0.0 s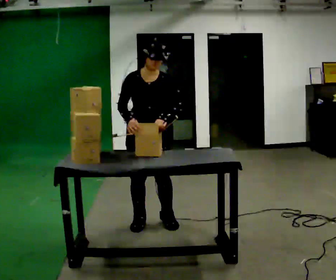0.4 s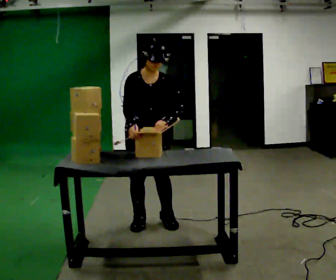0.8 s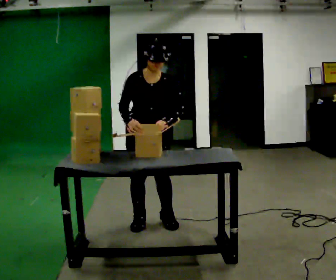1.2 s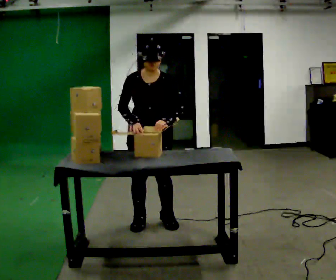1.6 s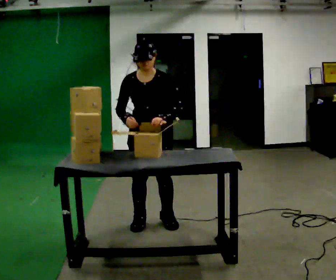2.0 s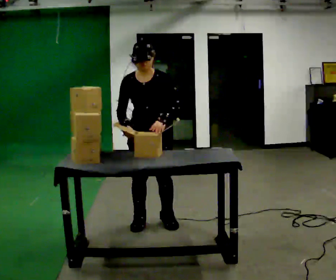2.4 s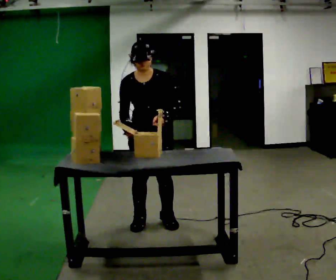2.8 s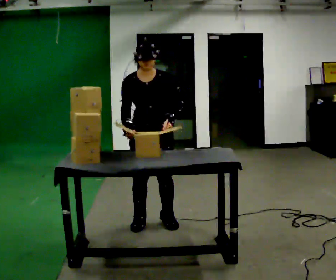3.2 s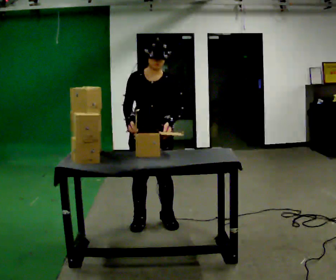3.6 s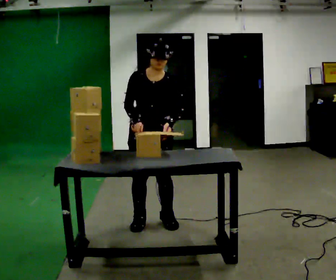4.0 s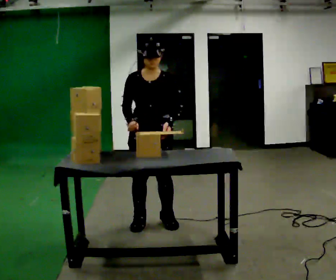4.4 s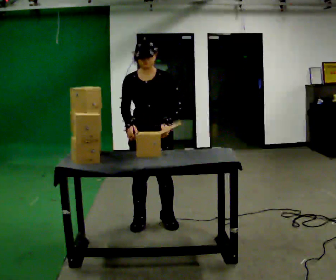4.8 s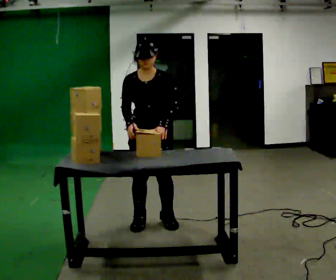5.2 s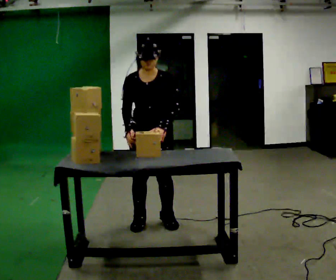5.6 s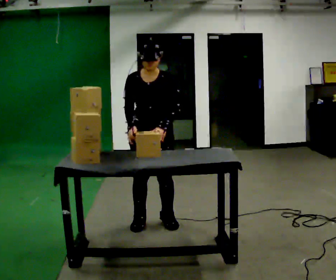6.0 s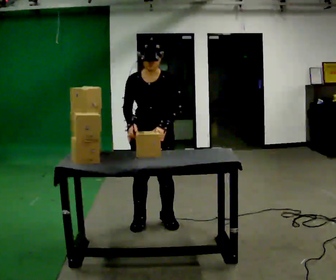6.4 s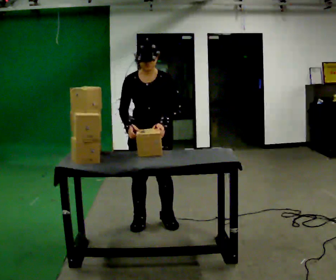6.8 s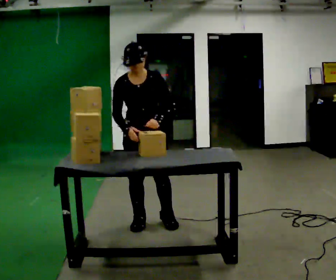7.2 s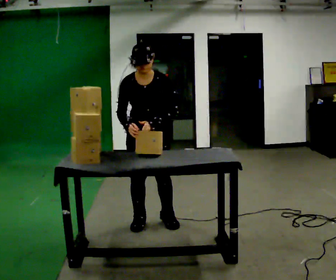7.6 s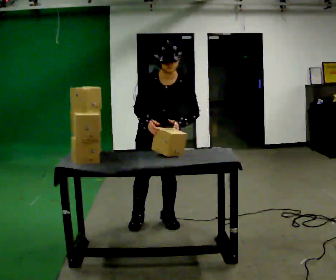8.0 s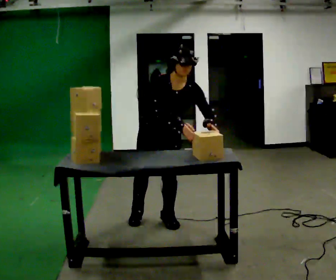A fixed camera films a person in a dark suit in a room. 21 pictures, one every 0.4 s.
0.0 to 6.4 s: The person moves a little, or ends about where they began.
6.4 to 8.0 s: In the picture the upper body tilts clockwise, shoulders to the right, as they bend forward. In the picture their right hand goes to the right.
The film runs backward here.
